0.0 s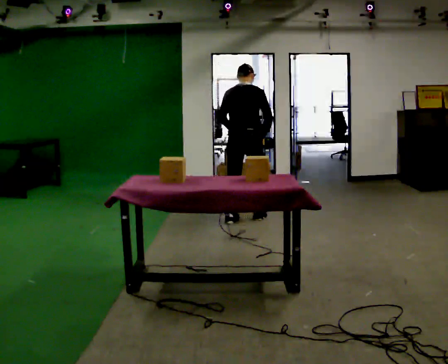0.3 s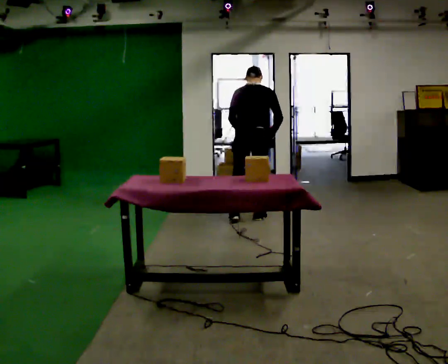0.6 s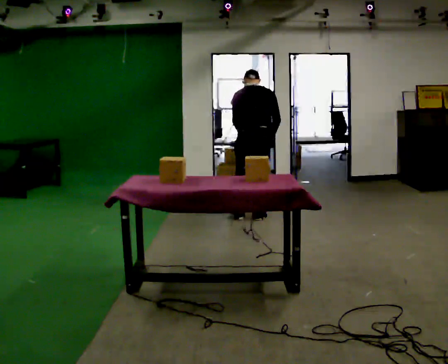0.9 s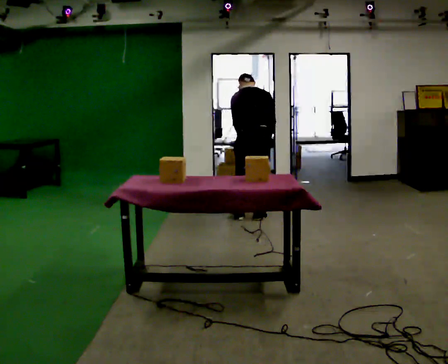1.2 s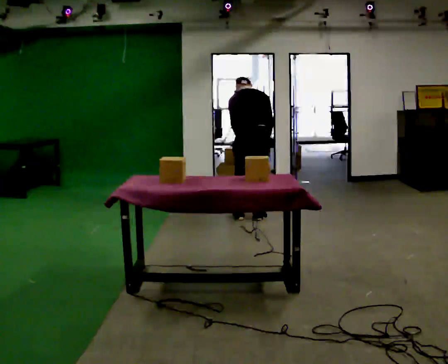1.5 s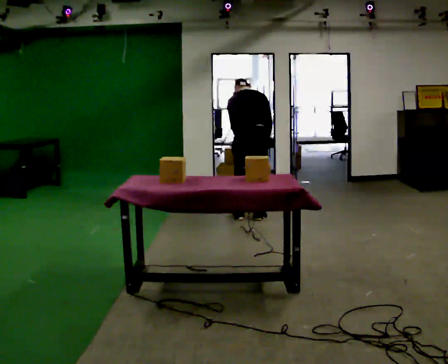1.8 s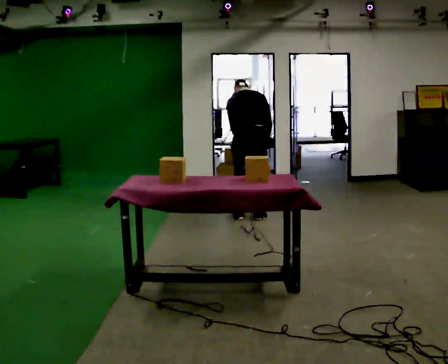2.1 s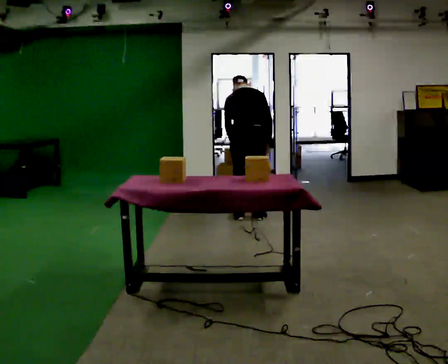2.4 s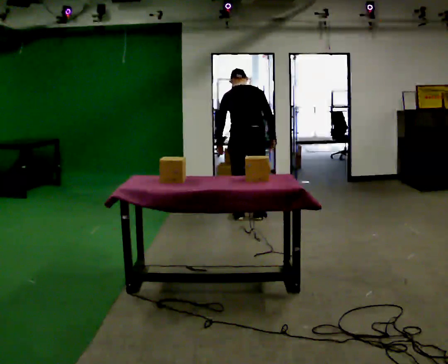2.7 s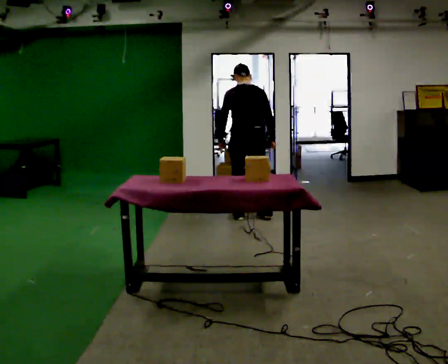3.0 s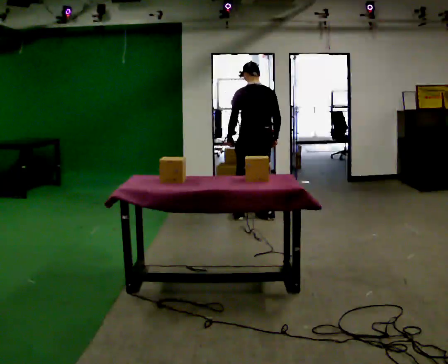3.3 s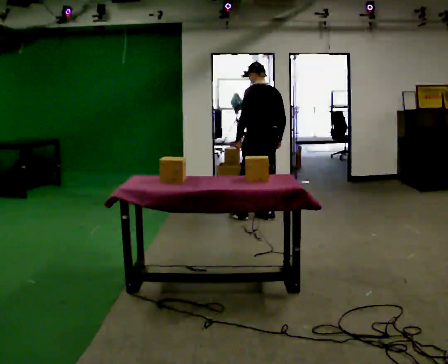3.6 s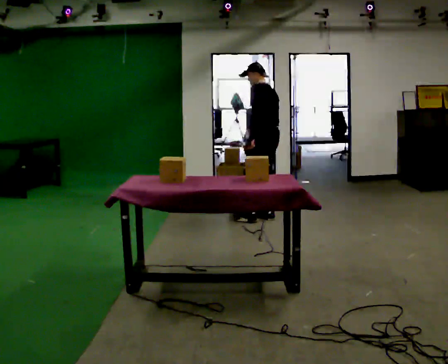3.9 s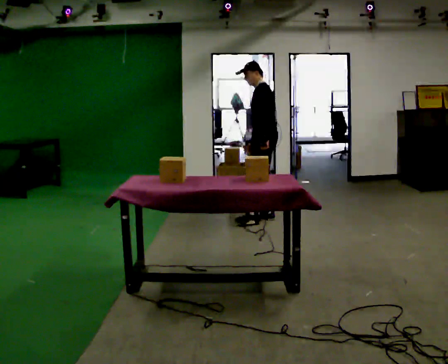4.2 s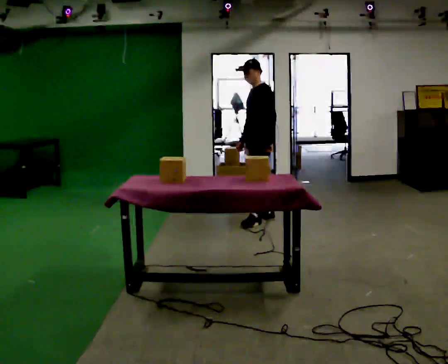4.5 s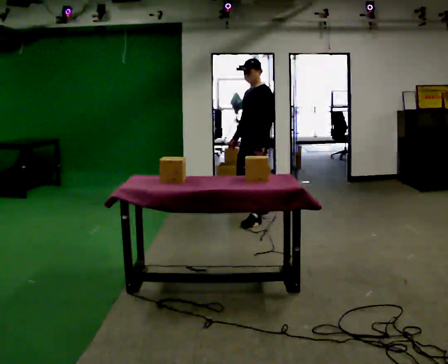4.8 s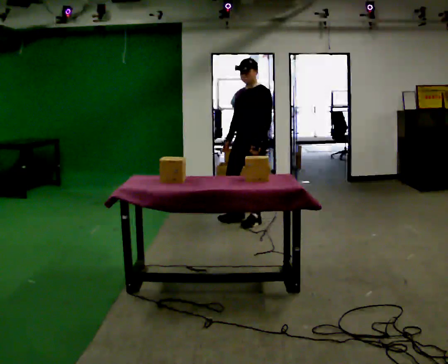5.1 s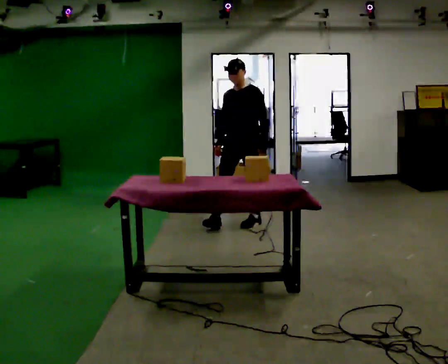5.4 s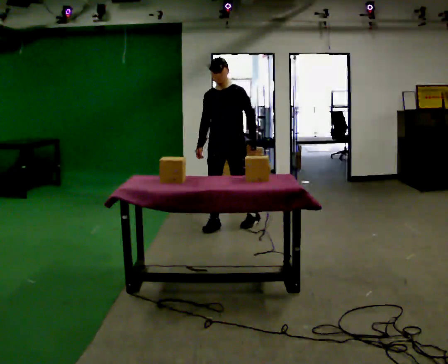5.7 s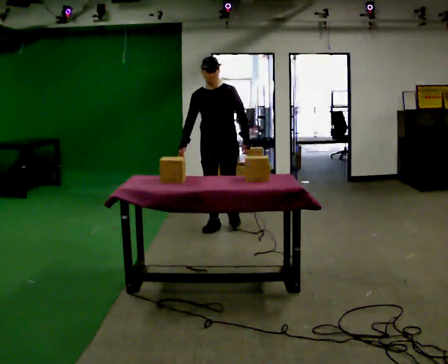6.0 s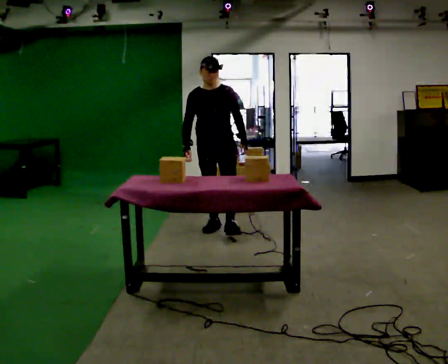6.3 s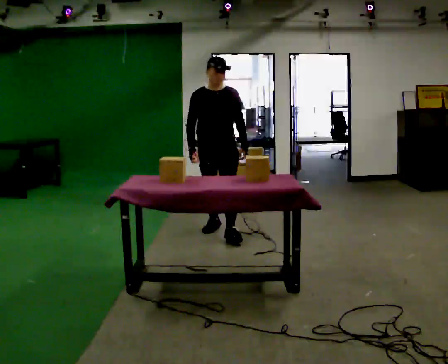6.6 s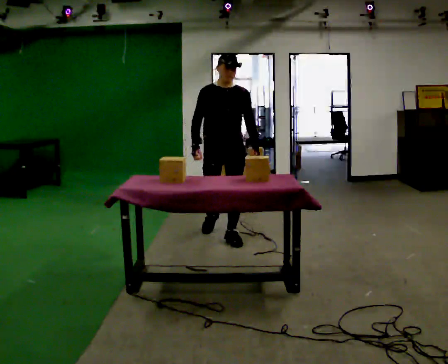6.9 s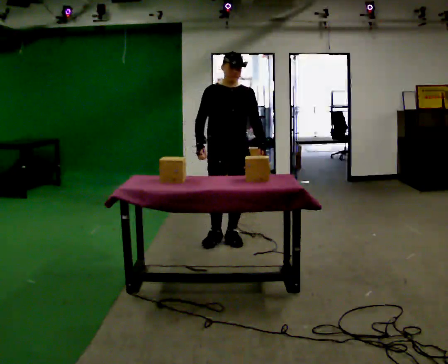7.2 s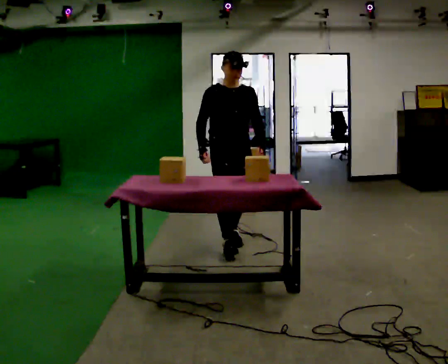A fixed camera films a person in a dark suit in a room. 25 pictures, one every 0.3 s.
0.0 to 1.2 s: The upper body tips away from the camera, its near side rolling upward, as they bend forward.
1.2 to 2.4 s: The upper body tips toward the camera, its near side rolling downward, as they lean back or straighten.
2.4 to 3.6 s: Seen from above the body turns counterclockwise, about 60 degrees: to their left, with its near side sliding to the right. In the picture they go to the right, about 0.25 m in 1 step. In the picture their left hand goes to the right.
3.6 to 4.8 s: The part of the body nearest the lens slides to the right as the person turns to their left by about 75 degrees. In the picture they go toward the camera, about 0.25 m in 1 step. In the picture their right hand goes to the left.
4.8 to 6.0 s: Seen from above the body turns counterclockwise, about 45 degrees: to their left, with its near side sliding to the right. In the picture they go to the left and toward the camera, about 0.5 m in 1 step, which for them is forward and to their right.
6.0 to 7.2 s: In the picture they go toward the camera, about 0.5 m in 2 steps, which for them is forward.
The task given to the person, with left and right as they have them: Clear everything off the table and put it away on the shelf, in as many trips as you need. Keep going until the operator says stop; one object at a time, and do not rush between trips.
The film runs forward here.
